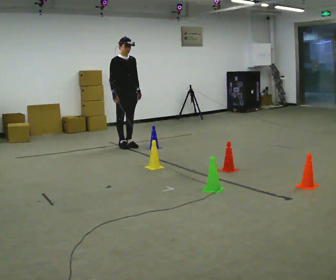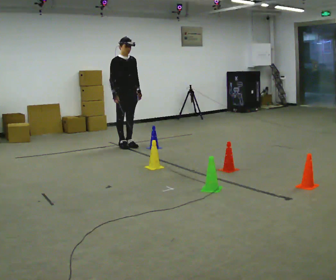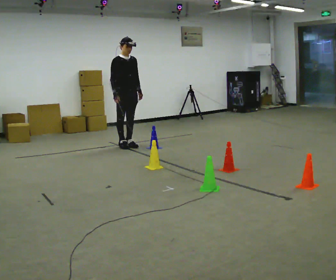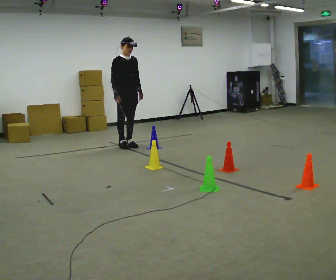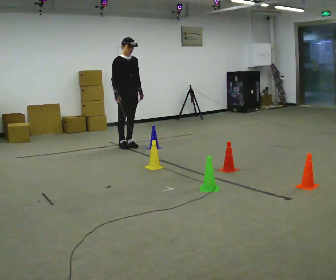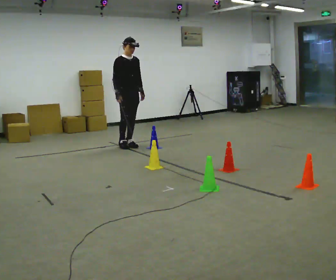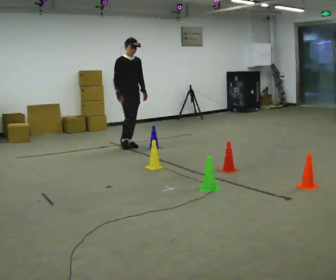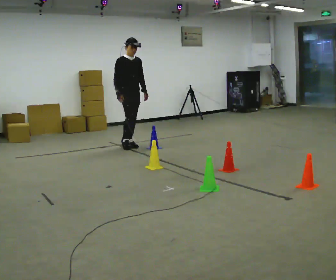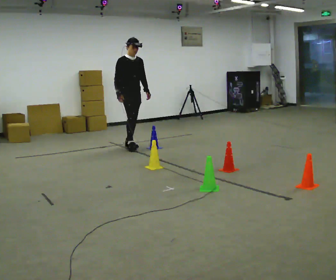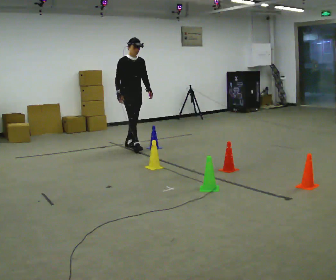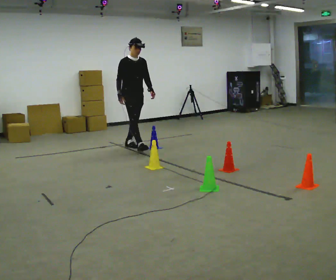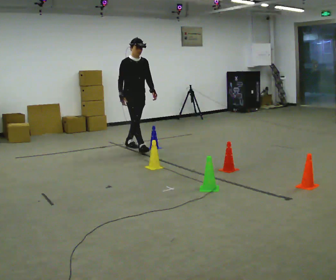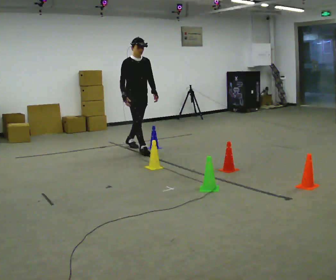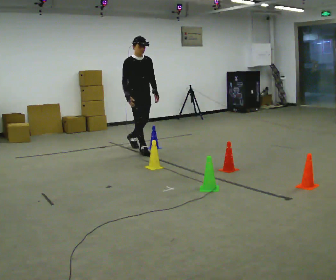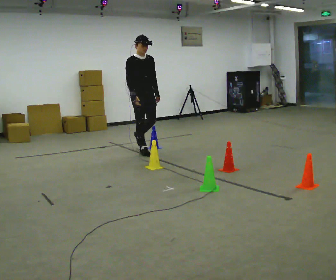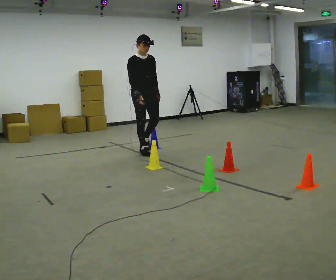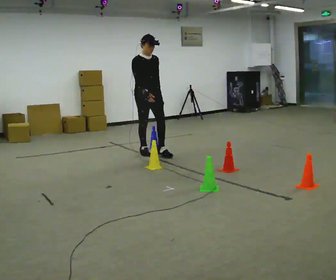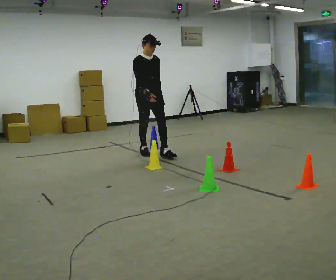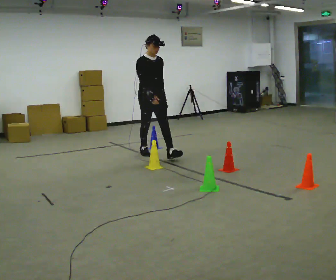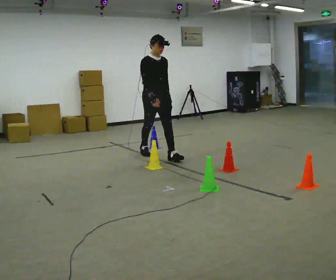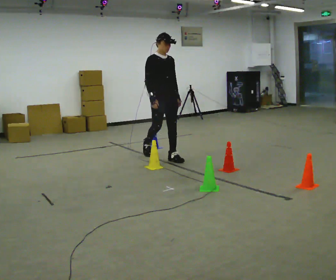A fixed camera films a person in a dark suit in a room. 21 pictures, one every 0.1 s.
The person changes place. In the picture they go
toward the camera.
0.0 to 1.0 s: The person moves a little, or ends about where they began.
1.0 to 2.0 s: In the picture they go toward the camera and to the right, about 1 m in 2 steps, which for them is forward.
The film runs forward here.
